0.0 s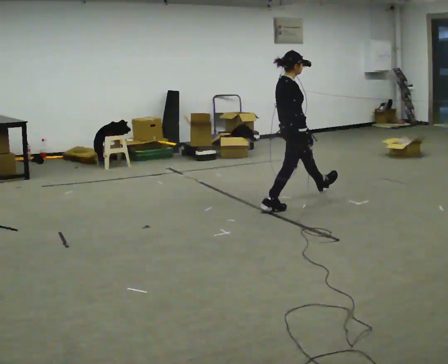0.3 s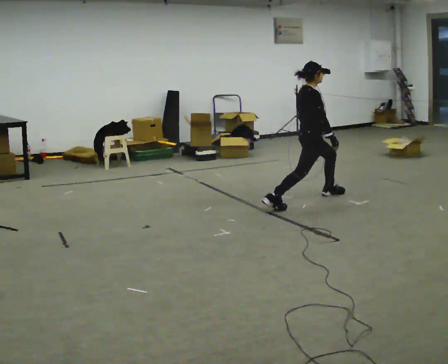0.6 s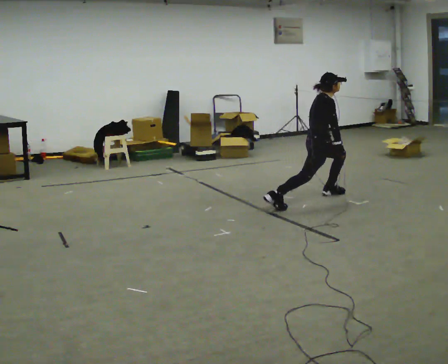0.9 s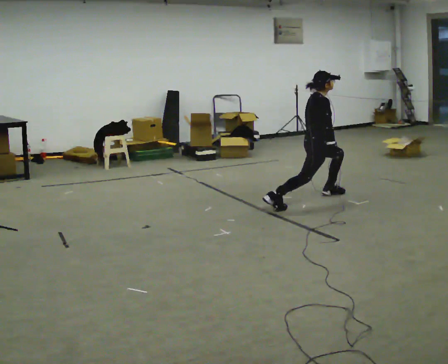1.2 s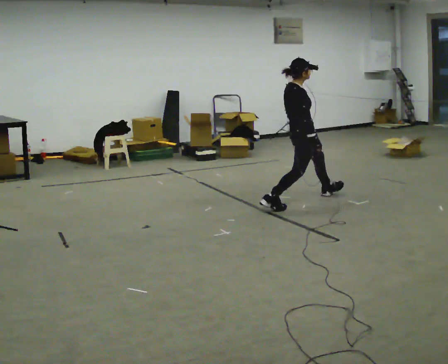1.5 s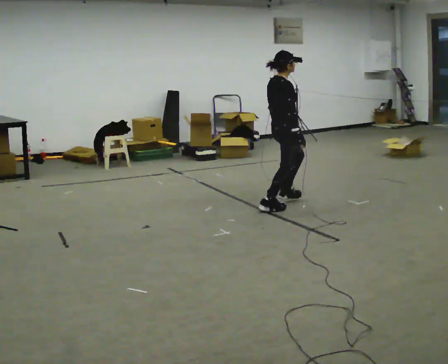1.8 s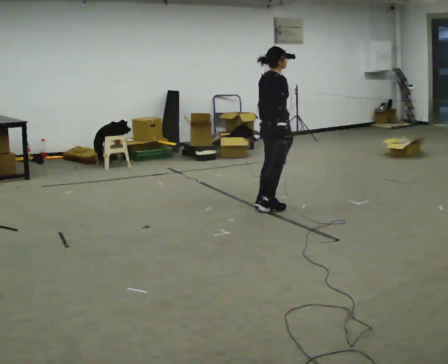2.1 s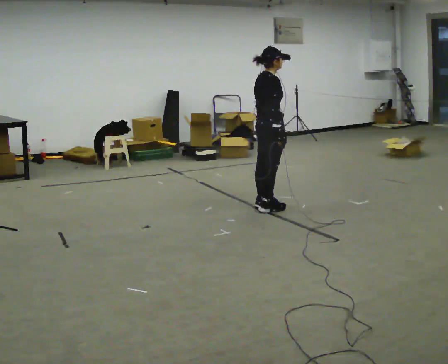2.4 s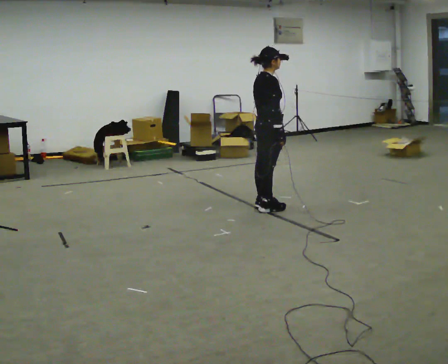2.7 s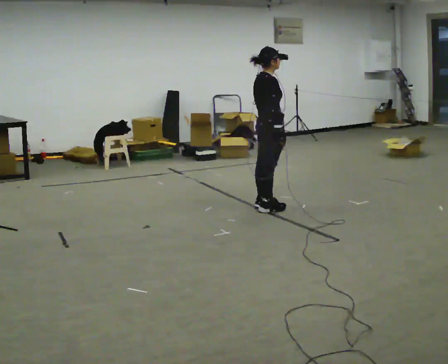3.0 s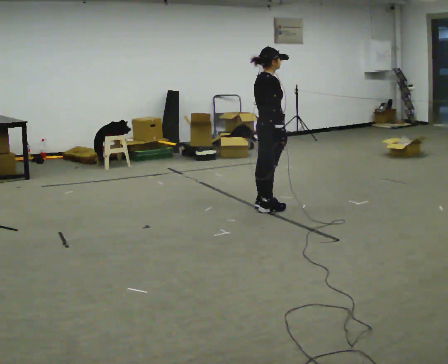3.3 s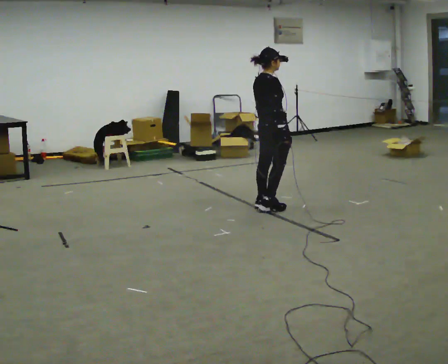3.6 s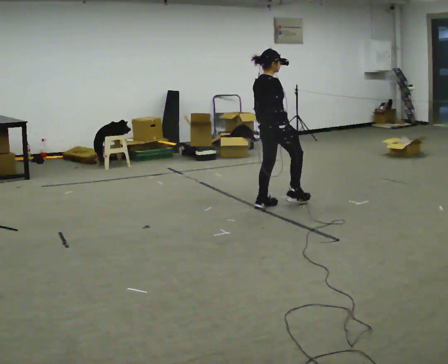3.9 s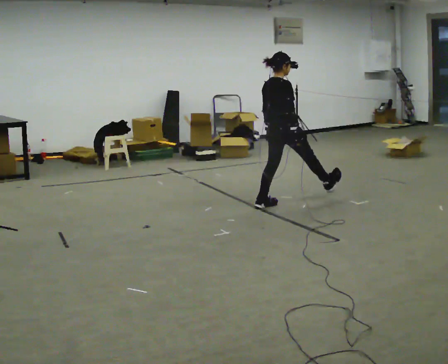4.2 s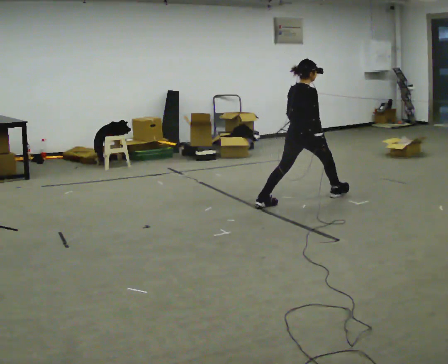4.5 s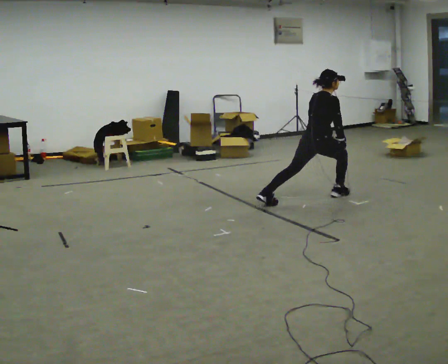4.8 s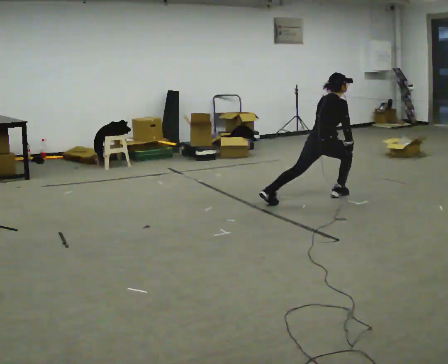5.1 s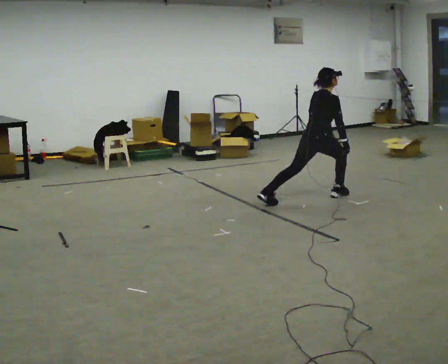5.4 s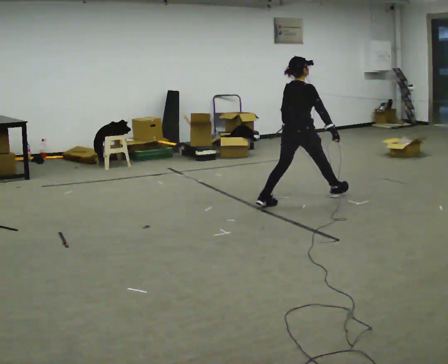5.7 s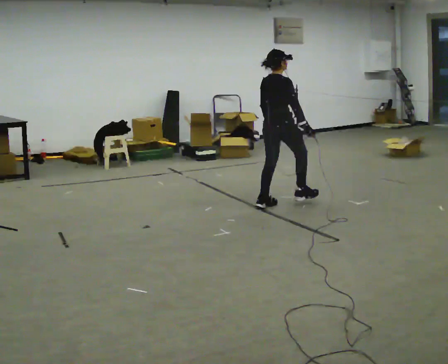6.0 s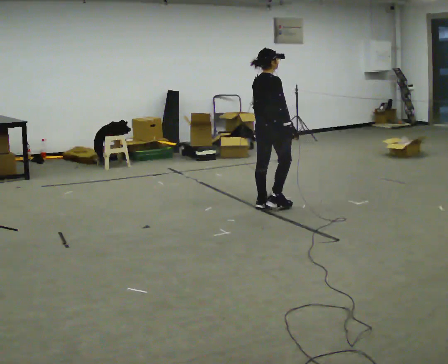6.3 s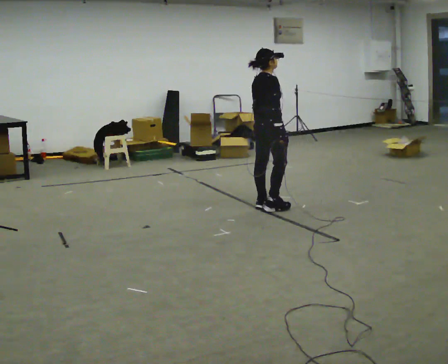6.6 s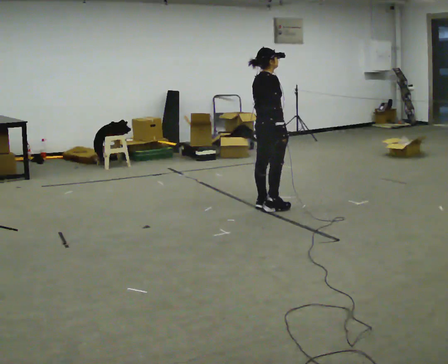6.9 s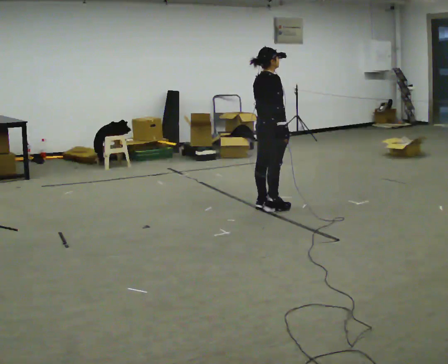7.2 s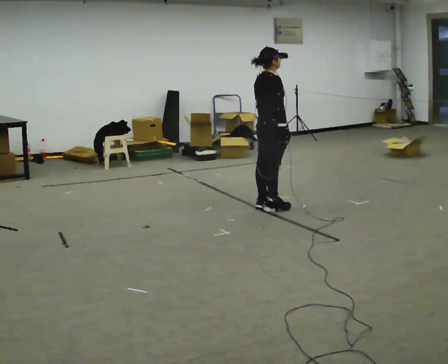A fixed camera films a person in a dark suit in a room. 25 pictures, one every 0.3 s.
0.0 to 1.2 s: The person moves a little, or ends about where they began.
1.2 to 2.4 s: In the picture they go to the left and toward the camera, about 0.25 m in 1 step, which for them is backward.
2.4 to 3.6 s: The person moves a little, or ends about where they began.
3.6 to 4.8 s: In the picture they go to the right and away from the camera, about 0.5 m in 1 step, which for them is forward. The shoulders move downward. In the picture the upper body tilts clockwise, shoulders to the right, as they bend forward.
4.8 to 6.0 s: In the picture they go to the left and toward the camera, about 0.5 m, which for them is backward and to their left. The upper body goes upward. In the picture the upper body tilts counterclockwise, shoulders to the left, as they lean back or straighten.
6.0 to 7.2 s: The person moves a little, or ends about where they began.
The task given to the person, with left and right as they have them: Step forward into a lunge on the leg the operator calls, lowering your back knee toward the floor, then push back to standing. Then do the same stepping backward instead. Repeat the movement at your own pace until the operator says stop; do not rush.
The film runs forward here.
